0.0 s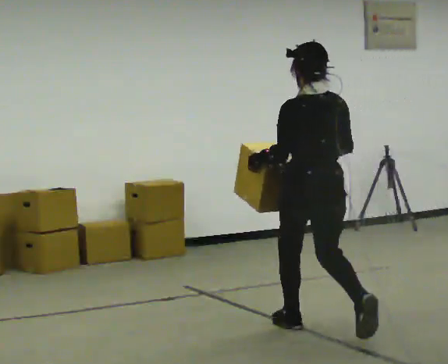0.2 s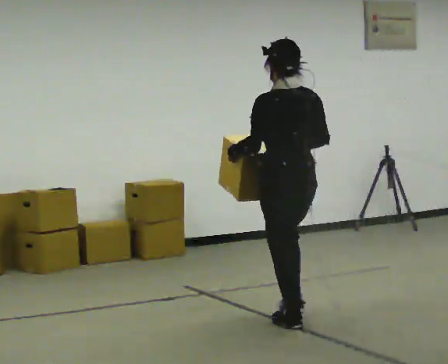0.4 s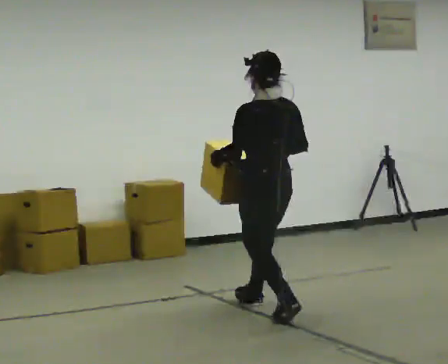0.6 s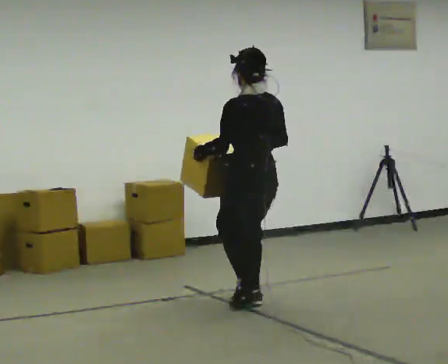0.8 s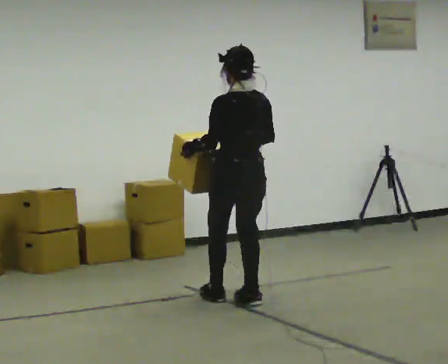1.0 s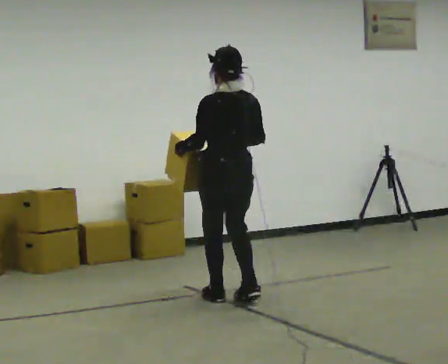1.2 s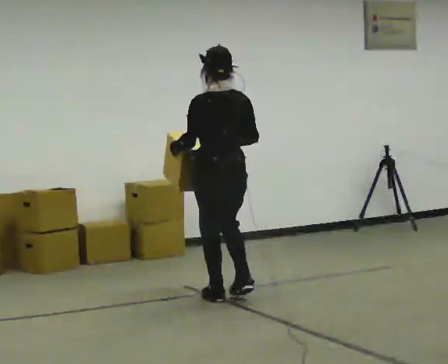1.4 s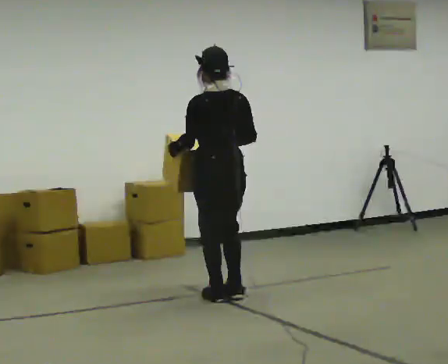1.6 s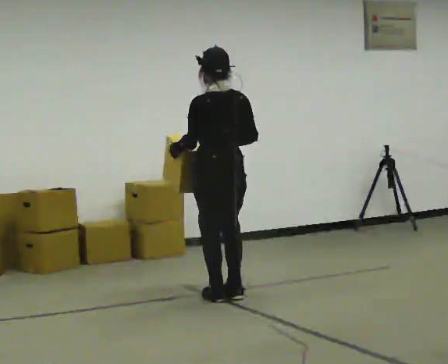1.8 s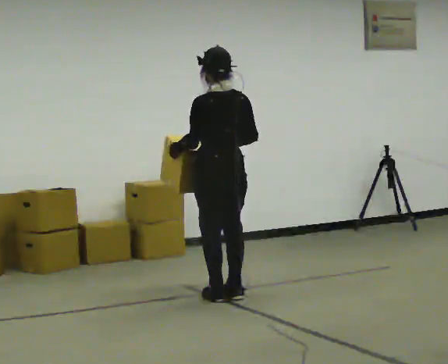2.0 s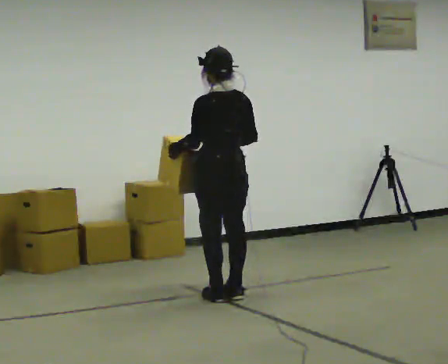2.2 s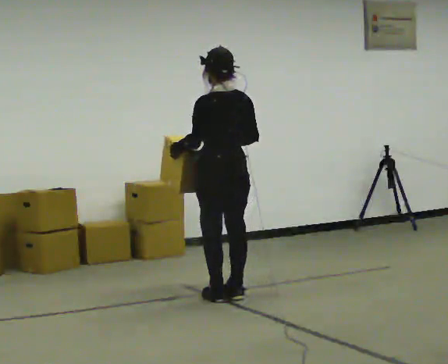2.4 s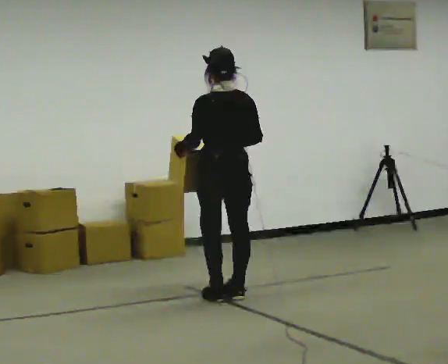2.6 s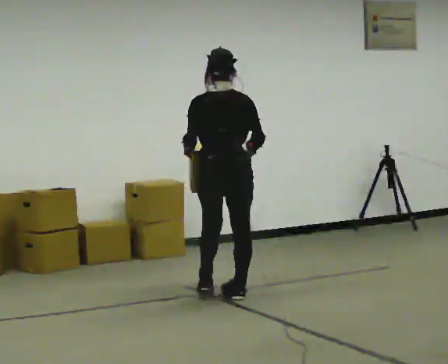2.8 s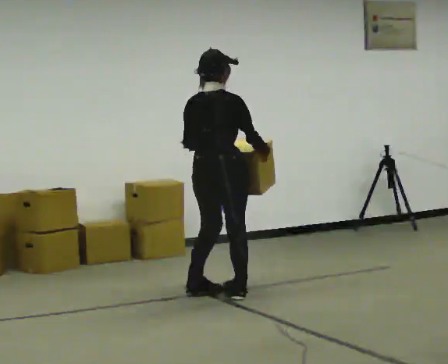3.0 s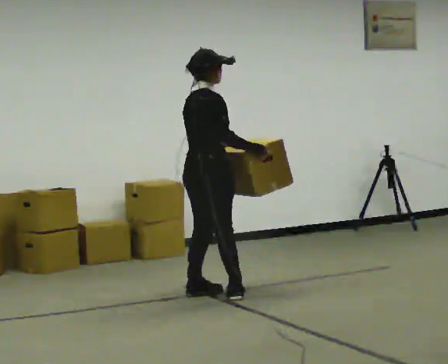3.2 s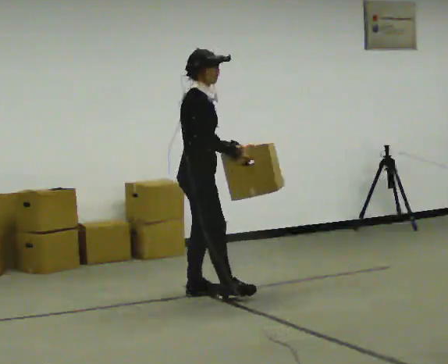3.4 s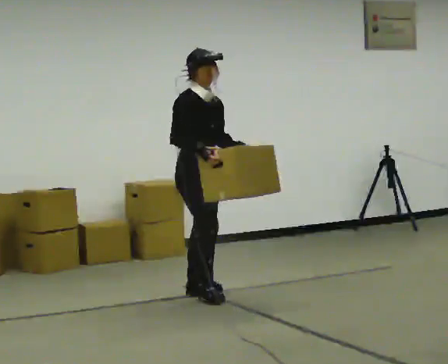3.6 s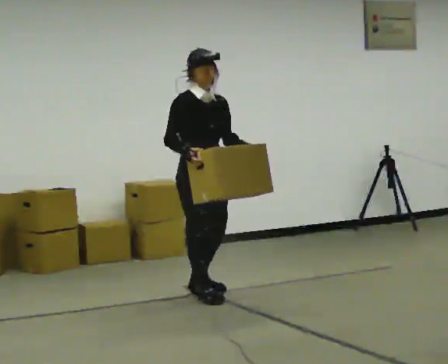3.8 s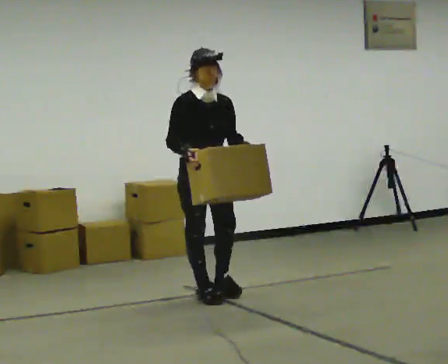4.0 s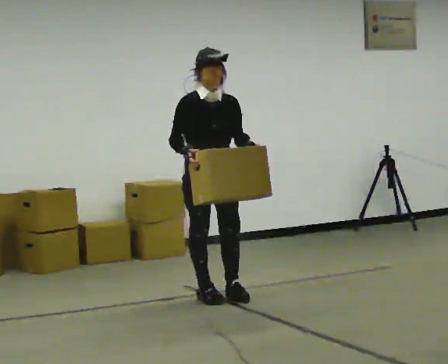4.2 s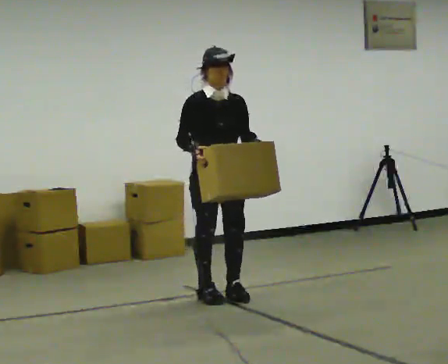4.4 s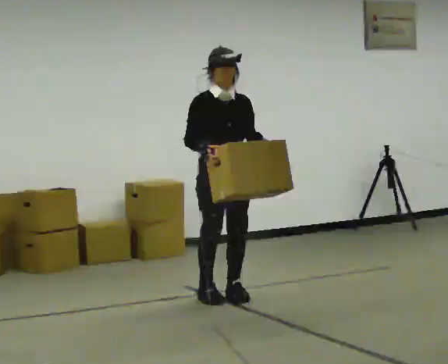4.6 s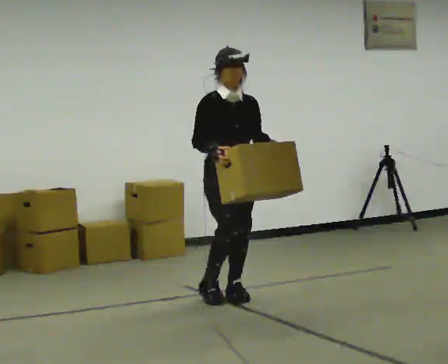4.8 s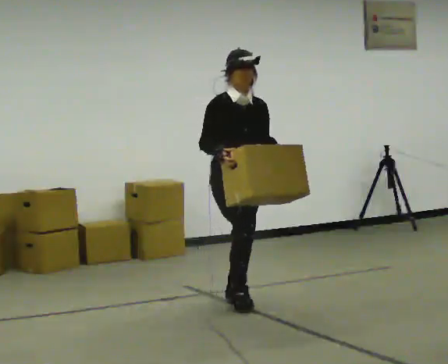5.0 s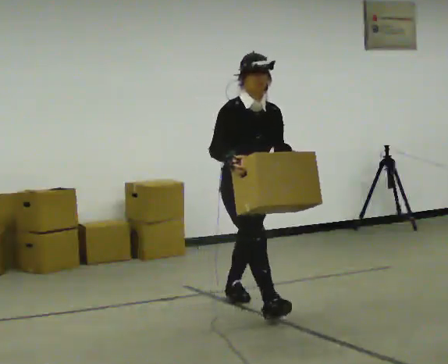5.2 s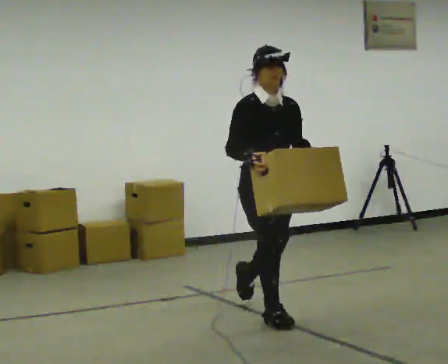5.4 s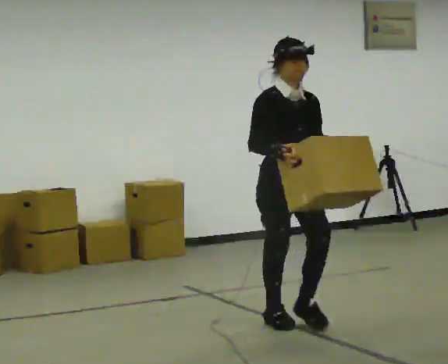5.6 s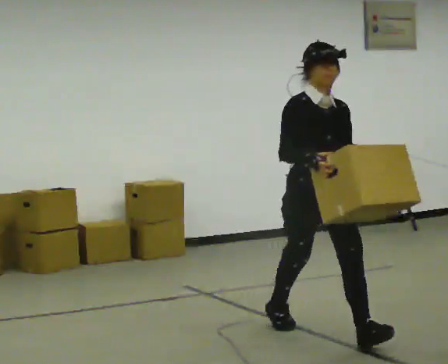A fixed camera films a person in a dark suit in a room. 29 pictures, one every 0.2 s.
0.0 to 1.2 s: In the picture they go away from the camera and to the left, about 1 m in 2 steps, which for them is forward.
1.2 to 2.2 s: The person moves a little, or ends about where they began.
2.2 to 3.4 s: The part of the body nearest the lens slides to the left as the person turns to their right by about 150 degrees. In the picture they go to the left, about 0.25 m in 1 step.
3.4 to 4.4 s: The part of the body nearest the lens slides to the left as the person turns to their right by about 30 degrees. In the picture they go to the right, about 0.25 m in 2 steps, which for them is forward and to their left.
4.4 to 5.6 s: In the picture they go toward the camera and to the right, about 1 m in 1 step, which for them is forward.
The film runs forward here.
